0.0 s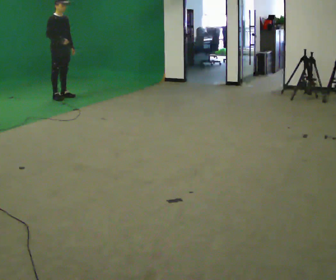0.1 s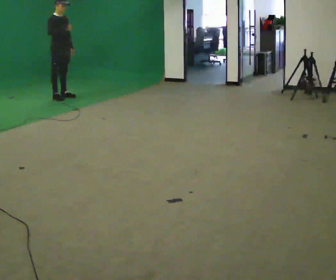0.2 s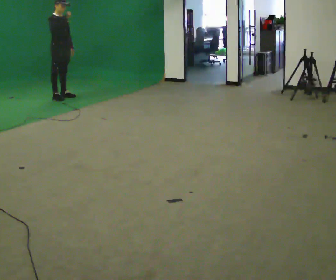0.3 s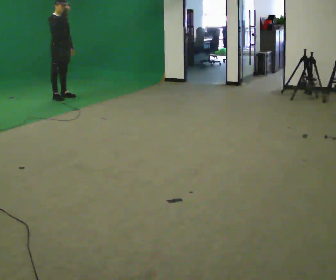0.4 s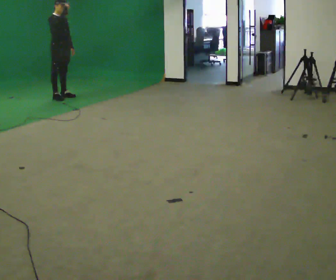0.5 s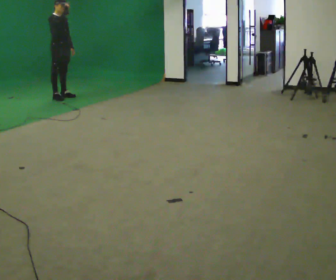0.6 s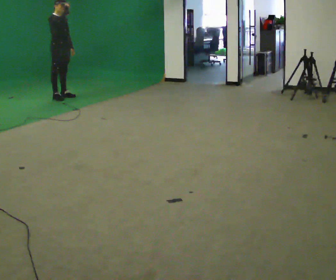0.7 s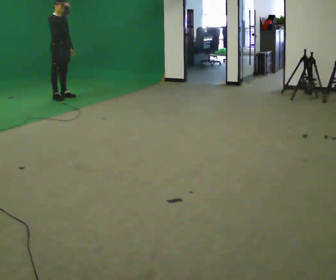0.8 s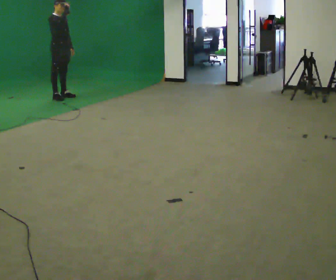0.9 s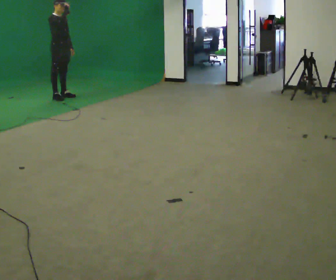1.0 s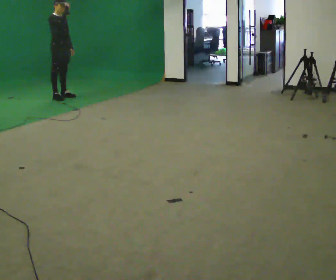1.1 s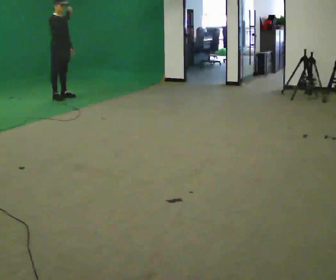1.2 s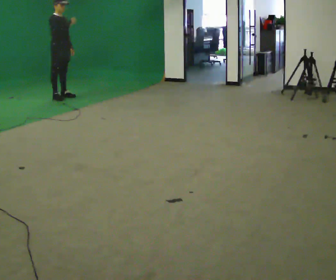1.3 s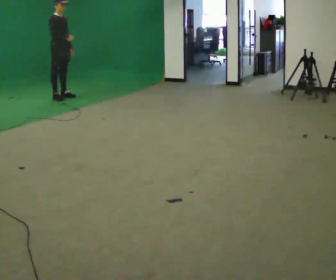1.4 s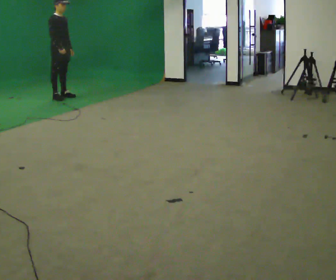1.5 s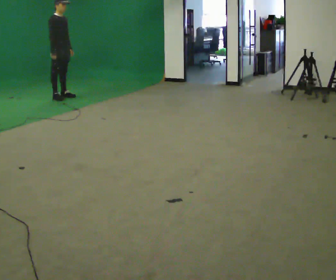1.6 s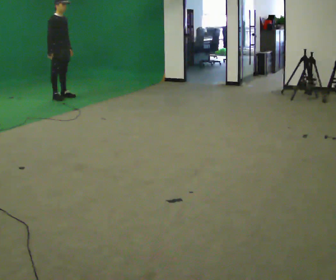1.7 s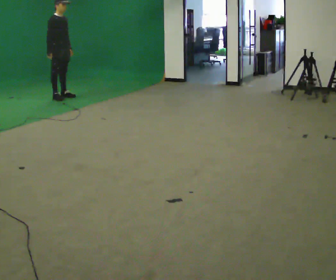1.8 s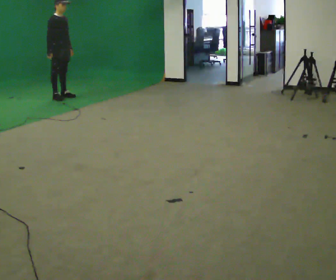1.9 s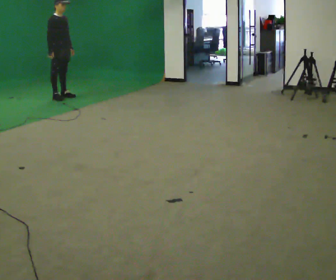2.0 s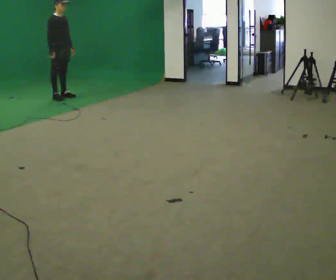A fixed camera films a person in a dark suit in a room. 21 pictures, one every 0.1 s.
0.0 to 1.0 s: In the picture their right hand goes upward.
1.0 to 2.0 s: In the picture their right hand goes downward.
The film runs forward here.
